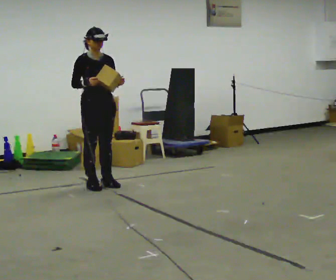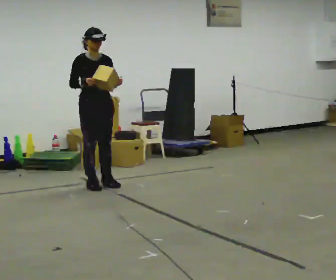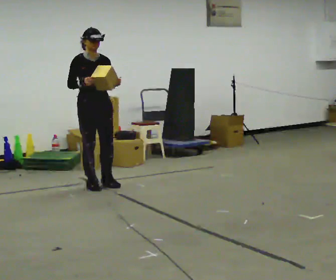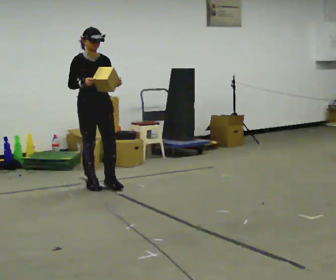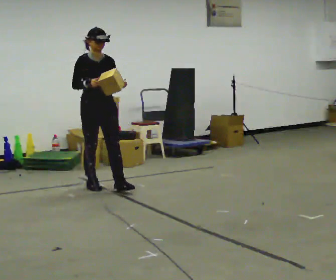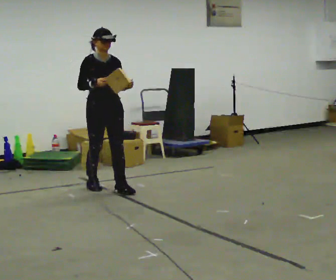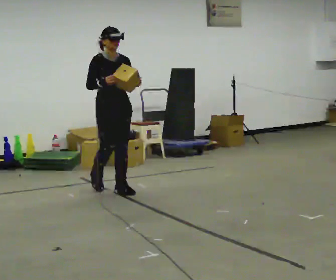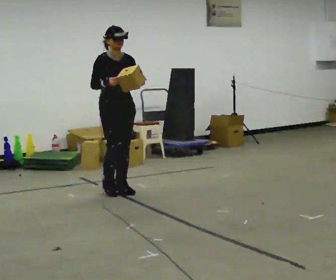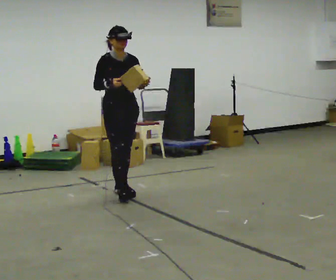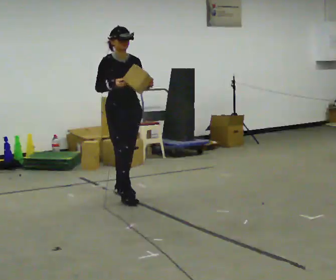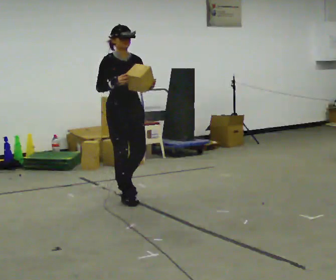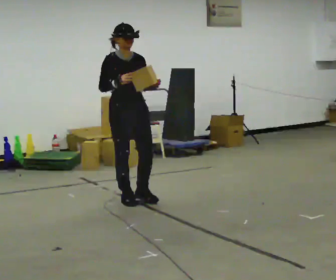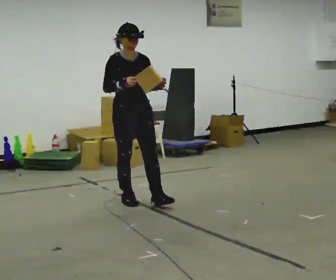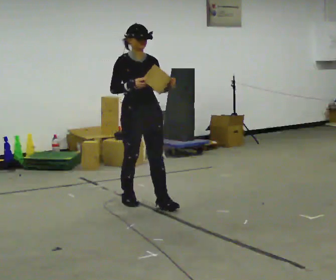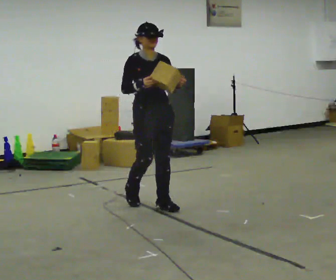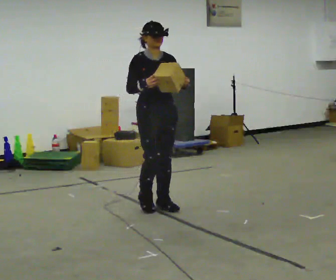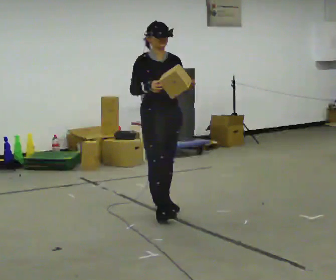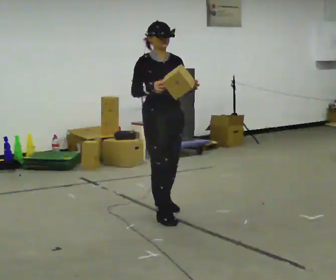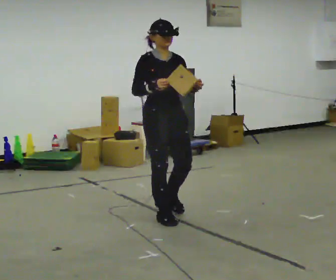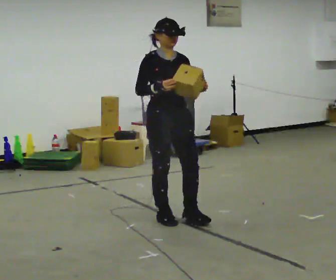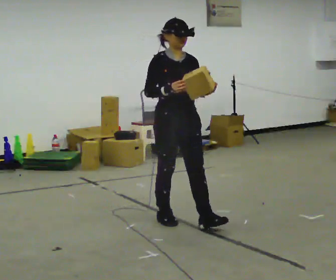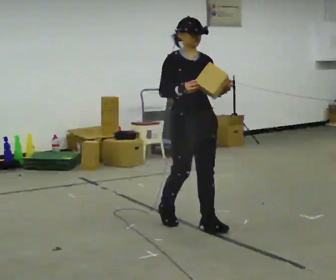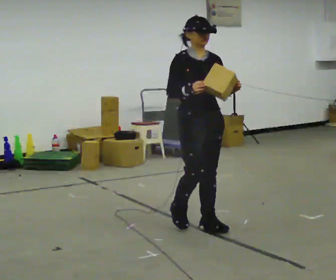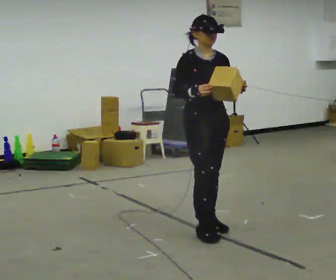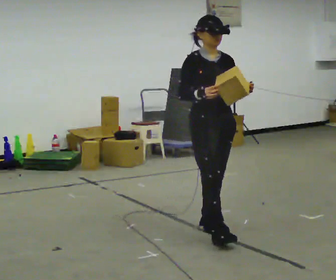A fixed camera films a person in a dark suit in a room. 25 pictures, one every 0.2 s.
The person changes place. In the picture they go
toward the camera.
0.0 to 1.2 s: In the picture they go toward the camera and to the right, about 0.25 m in 1 step, which for them is forward.
1.2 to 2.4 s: In the picture they go toward the camera and to the right, about 0.5 m in 1 step, which for them is forward.
2.4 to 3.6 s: In the picture they go toward the camera and to the right, about 0.5 m in 2 steps, which for them is forward.
3.6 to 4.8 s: In the picture they go toward the camera and to the right, about 0.5 m in 2 steps, which for them is forward.
The film runs forward here.
